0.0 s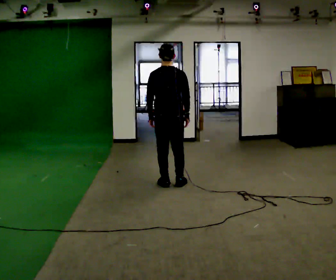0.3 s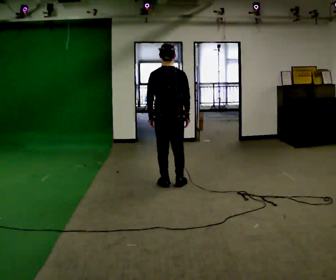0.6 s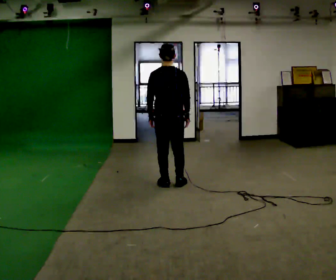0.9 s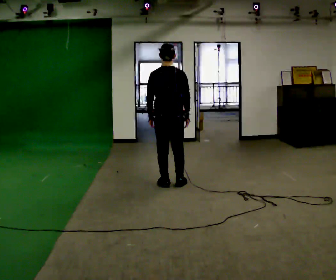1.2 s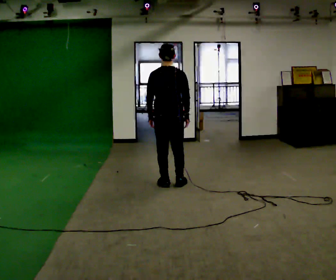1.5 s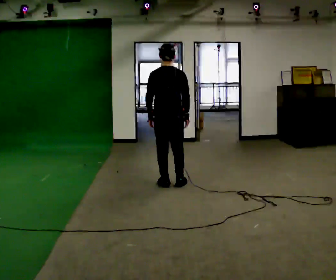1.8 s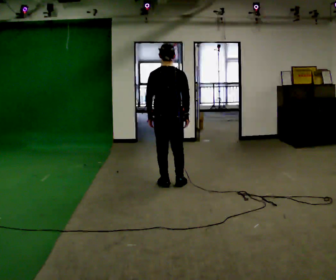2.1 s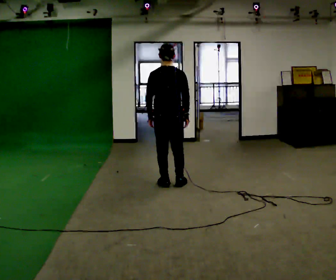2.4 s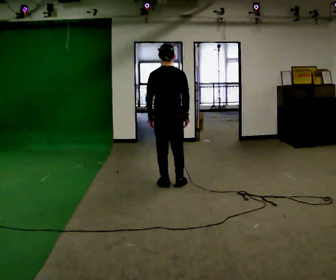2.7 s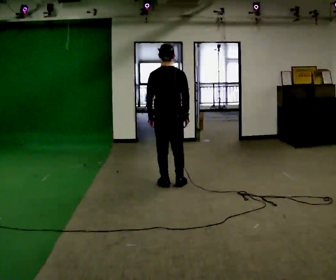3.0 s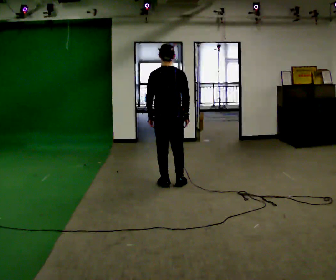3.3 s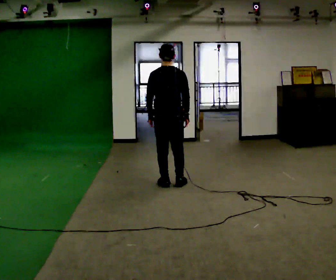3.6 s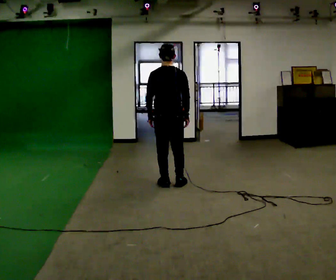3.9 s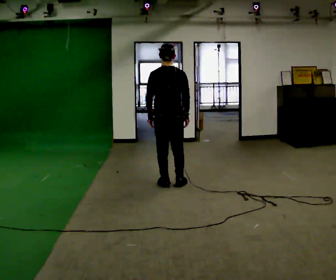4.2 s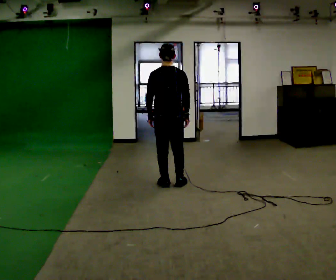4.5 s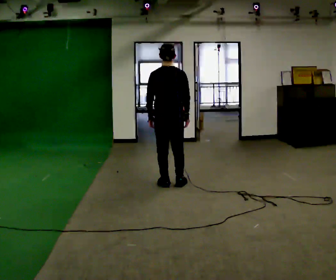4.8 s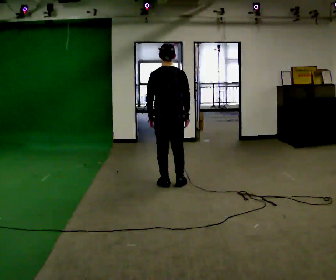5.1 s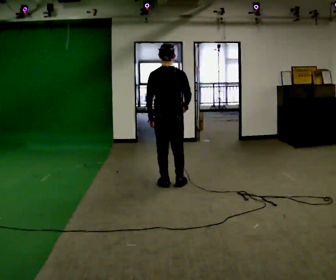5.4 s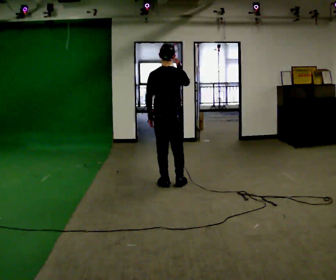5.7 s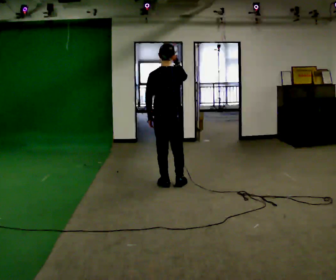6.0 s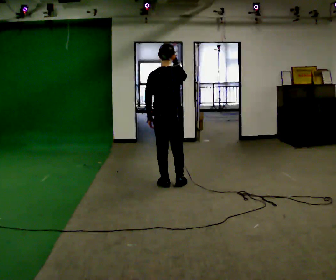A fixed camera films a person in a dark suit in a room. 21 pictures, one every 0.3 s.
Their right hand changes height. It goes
upward.
0.0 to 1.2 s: The person keeps their place and pose.
1.2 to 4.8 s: The person moves a little, or ends about where they began.
4.8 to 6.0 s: In the picture their right hand goes upward.
The film runs forward here.
